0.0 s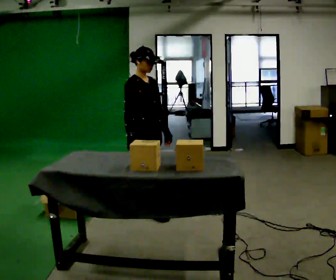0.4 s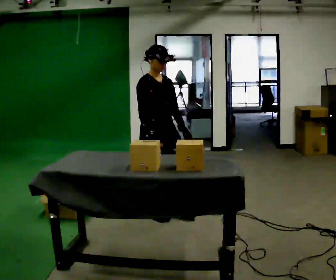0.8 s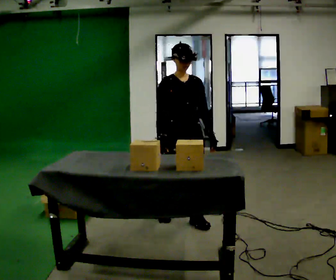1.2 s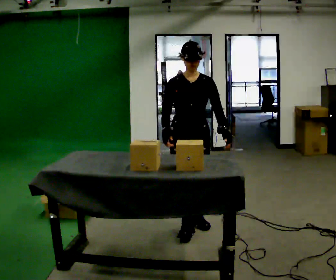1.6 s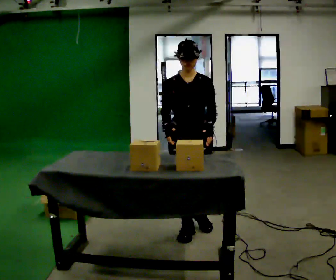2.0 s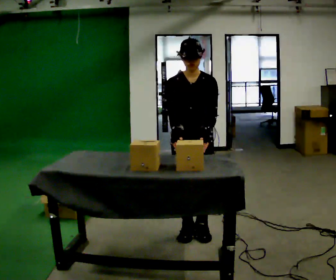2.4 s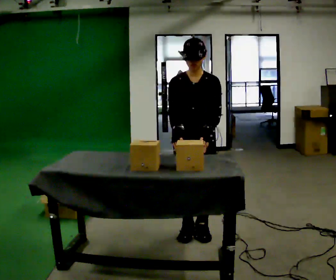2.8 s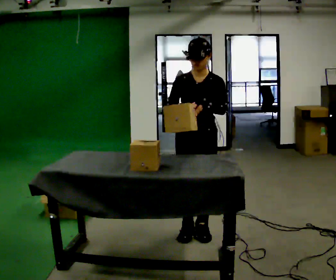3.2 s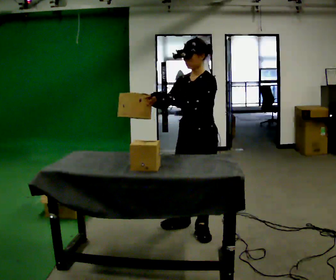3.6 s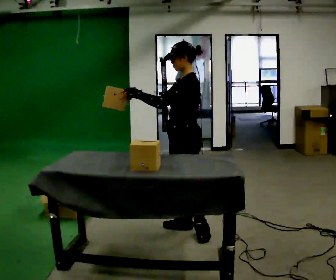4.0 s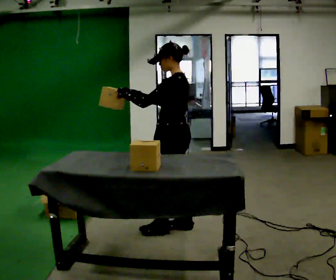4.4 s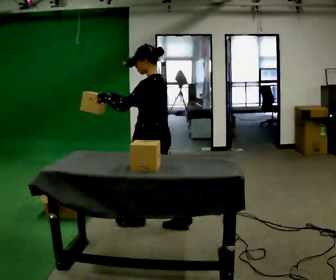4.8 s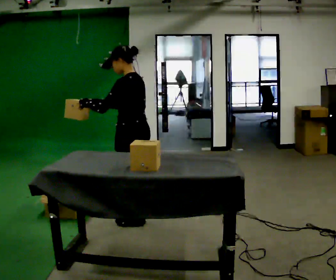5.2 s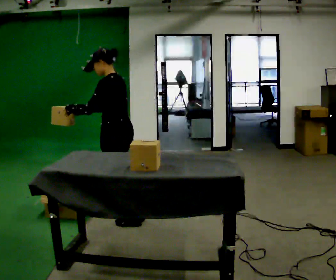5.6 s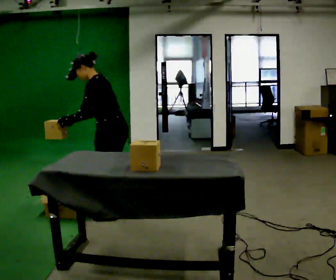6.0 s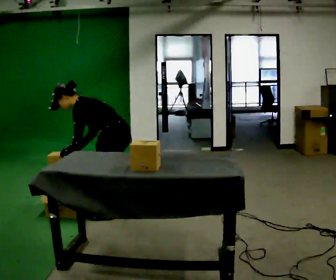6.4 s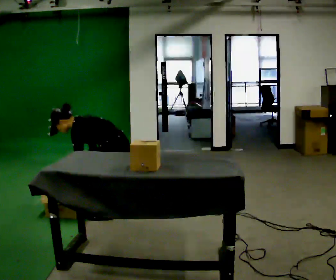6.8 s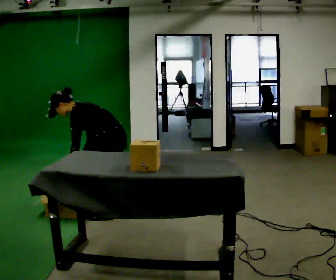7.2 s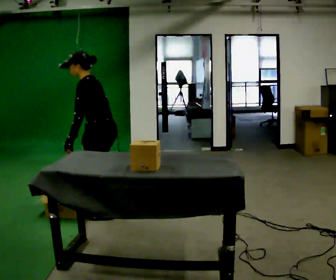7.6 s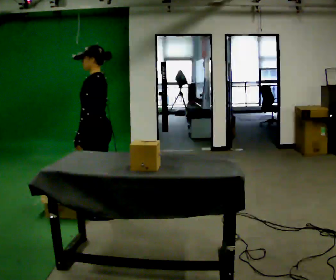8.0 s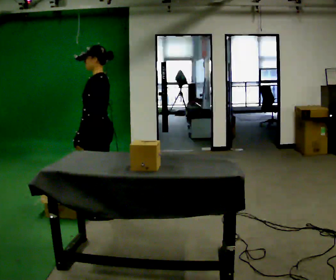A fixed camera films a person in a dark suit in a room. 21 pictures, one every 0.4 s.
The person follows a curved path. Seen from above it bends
clockwise.
The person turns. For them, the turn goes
to their right.
0.0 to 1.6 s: The person turns about 60 degrees to their right, clockwise seen from above, so the part of the body nearest the lens slides to the left. In the picture they go toward the camera and to the right, about 0.5 m in 2 steps, which for them is forward.
1.6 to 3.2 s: Seen from above the body turns clockwise, about 45 degrees: to their right, with its near side sliding to the left.
3.2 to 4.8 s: Seen from above the body turns clockwise, about 60 degrees: to their right, with its near side sliding to the left. In the picture they go to the left, about 0.5 m in 1 step.
4.8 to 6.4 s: In the picture they go to the left and away from the camera, about 0.25 m in 2 steps, which for them is forward and to their right. The shoulders move downward. In the picture the upper body tilts counterclockwise, shoulders to the left, as they bend forward. In the picture their left hand goes downward, the arm swinging counterclockwise.
6.4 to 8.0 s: In the picture they go to the left, about 0.25 m, which for them is forward. The shoulders move upward. In the picture the upper body tilts clockwise, shoulders to the right, as they lean back or straighten. In the picture their left hand goes upward.
The film runs forward here.
